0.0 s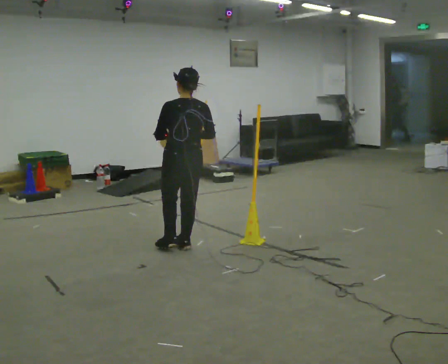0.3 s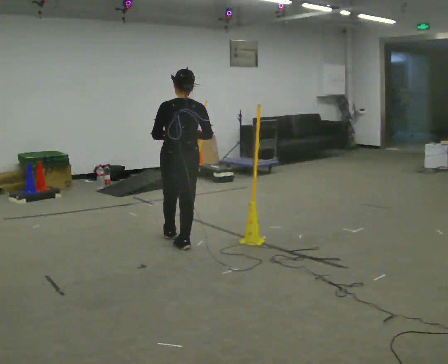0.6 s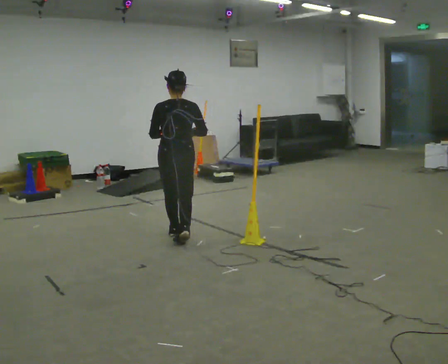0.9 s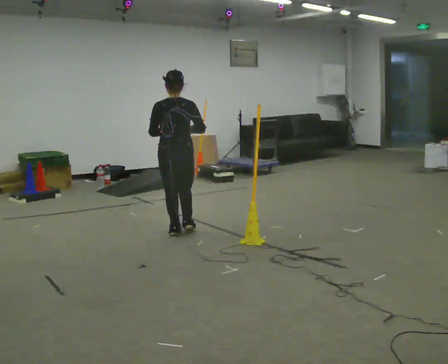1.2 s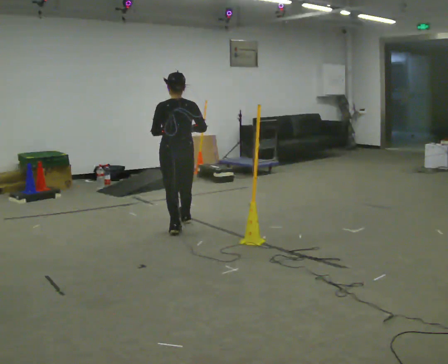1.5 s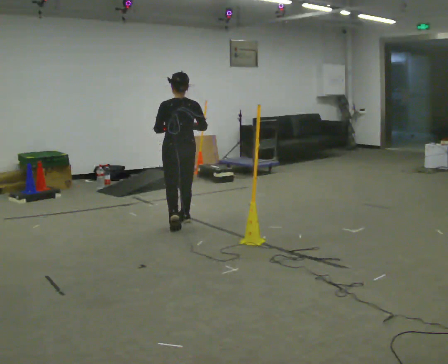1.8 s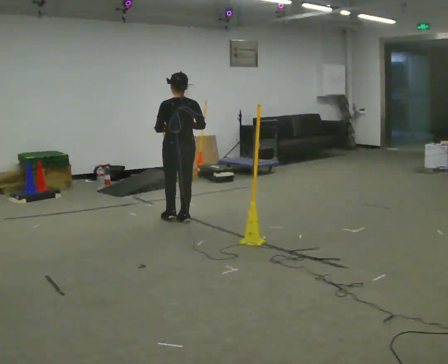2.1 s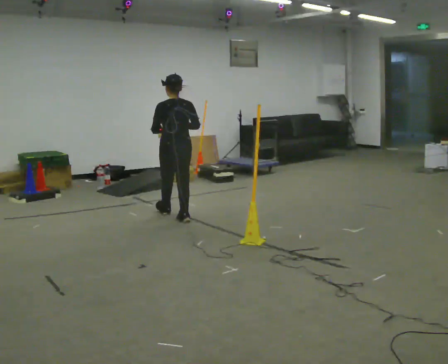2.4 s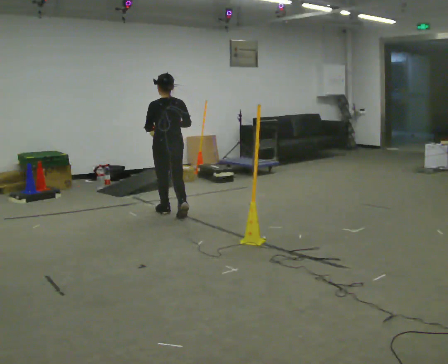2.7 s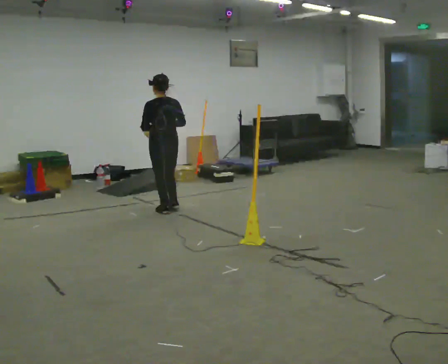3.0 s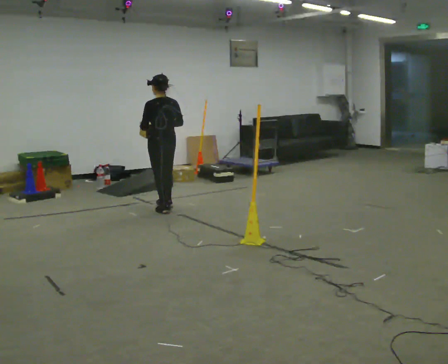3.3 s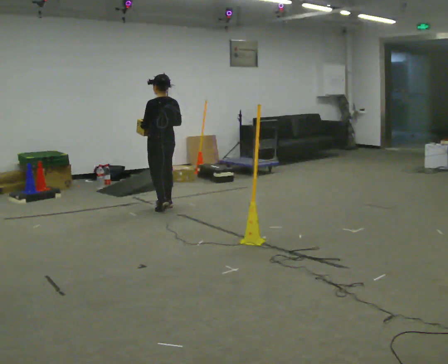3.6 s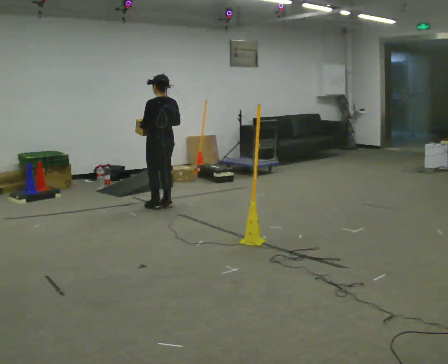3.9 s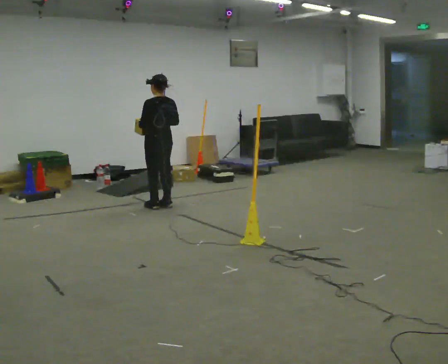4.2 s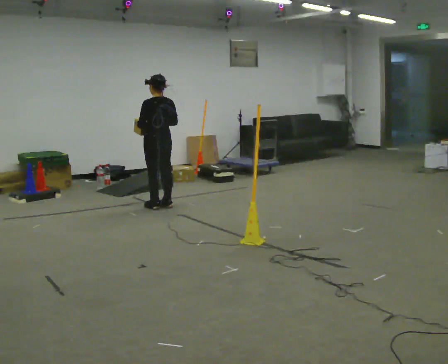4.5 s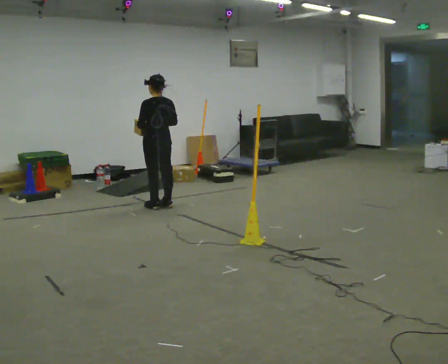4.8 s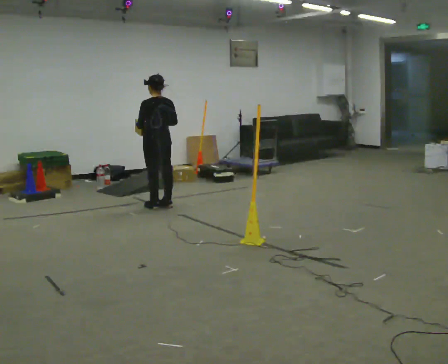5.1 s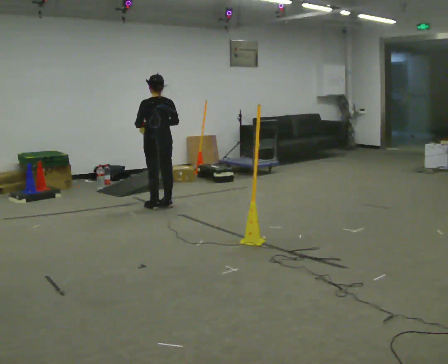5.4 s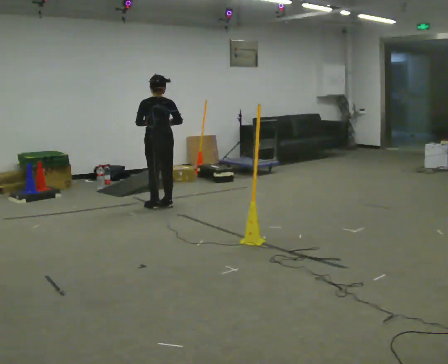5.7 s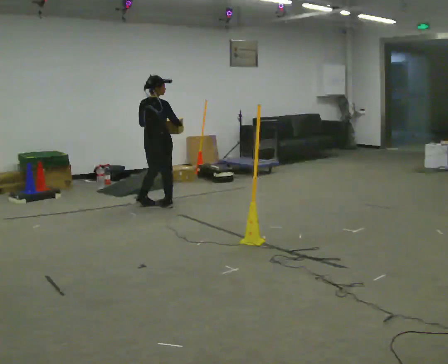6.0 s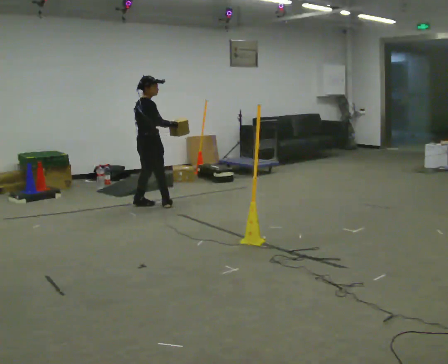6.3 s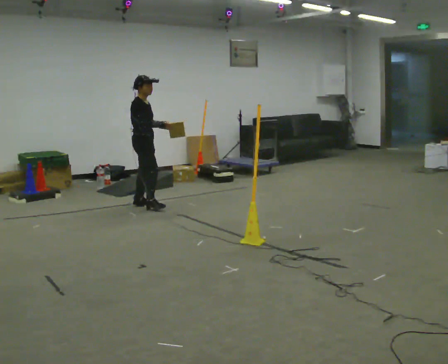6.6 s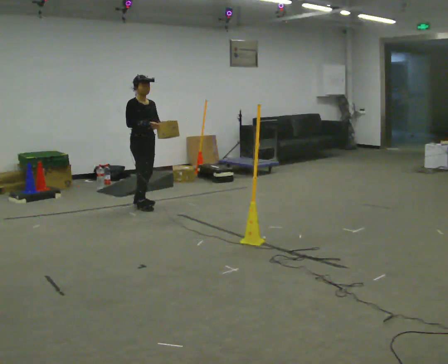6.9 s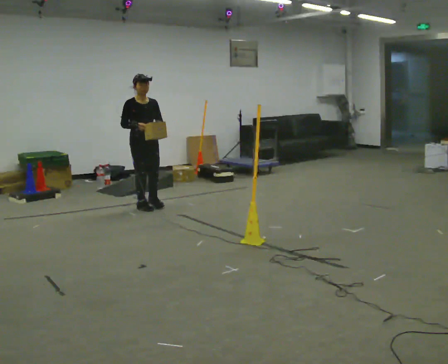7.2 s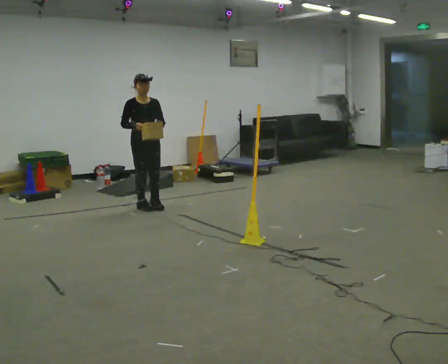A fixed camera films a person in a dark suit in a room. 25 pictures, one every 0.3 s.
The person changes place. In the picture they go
away from the camera.
The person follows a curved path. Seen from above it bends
counterclockwise.
0.0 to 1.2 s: In the picture they go away from the camera, about 0.75 m in 2 steps, which for them is forward.
1.2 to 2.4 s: In the picture they go away from the camera, about 0.5 m in 1 step, which for them is forward.
2.4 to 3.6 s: In the picture they go away from the camera, about 0.5 m in 2 steps, which for them is forward.
3.6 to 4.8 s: The person moves a little, or ends about where they began.
4.8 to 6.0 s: Seen from above the body turns clockwise, about 90 degrees: to their right, with its near side sliding to the left.
6.0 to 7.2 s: The part of the body nearest the lens slides to the left as the person turns to their right by about 90 degrees. In the picture their right hand goes to the left.
The film runs forward here.
